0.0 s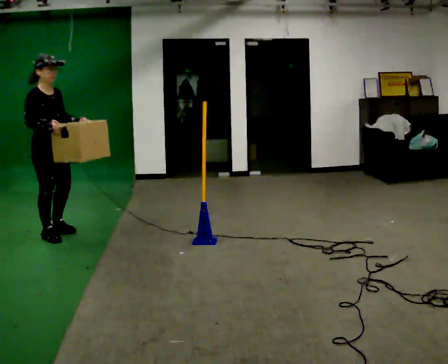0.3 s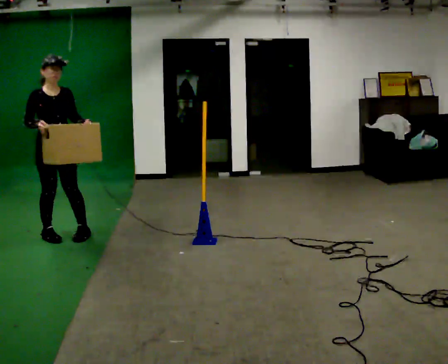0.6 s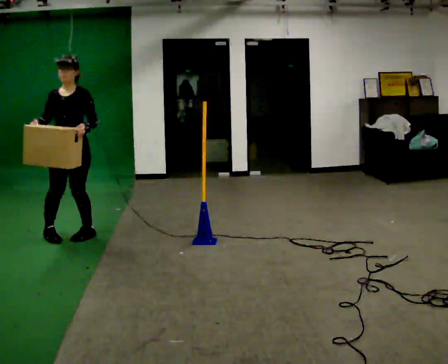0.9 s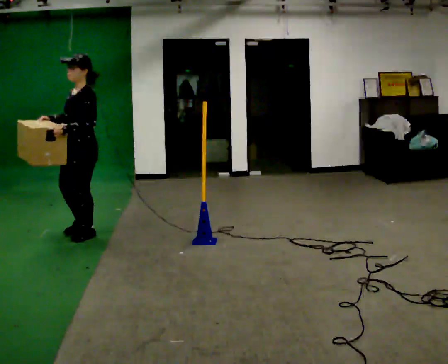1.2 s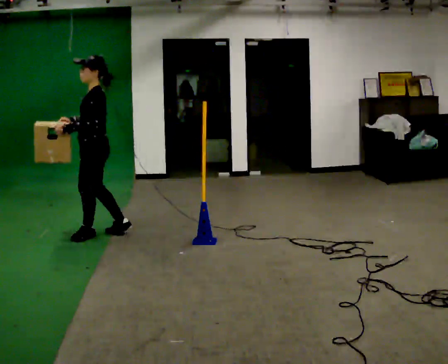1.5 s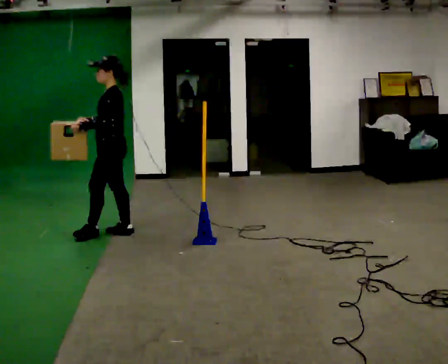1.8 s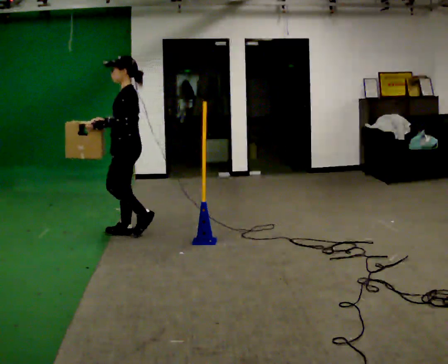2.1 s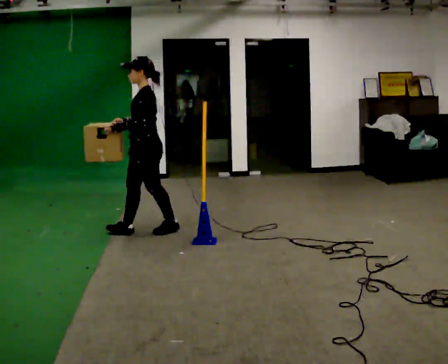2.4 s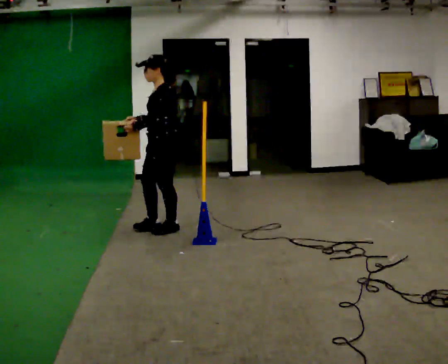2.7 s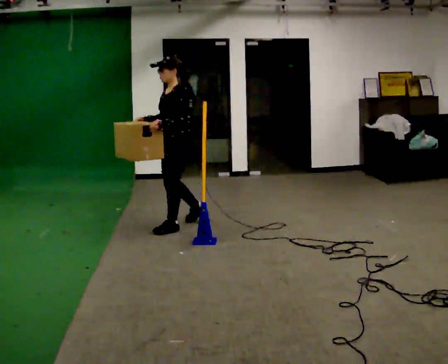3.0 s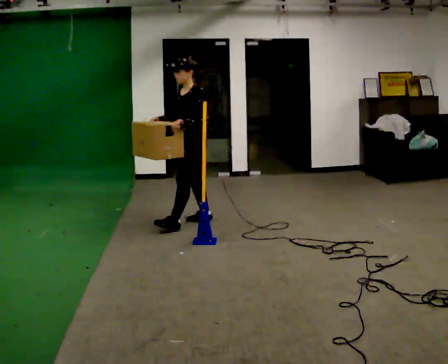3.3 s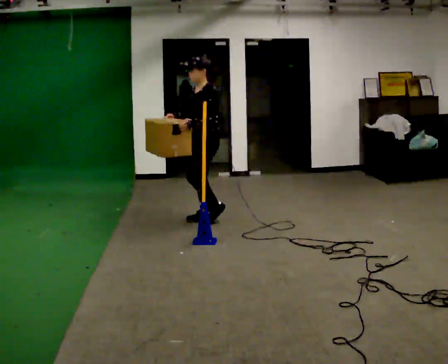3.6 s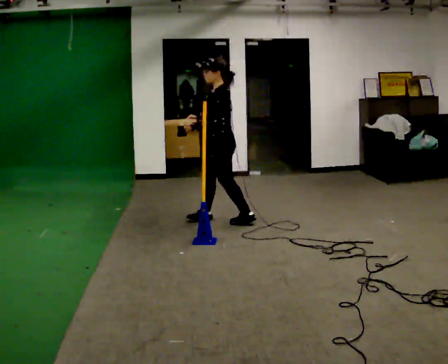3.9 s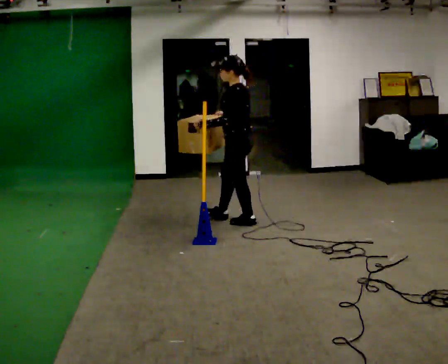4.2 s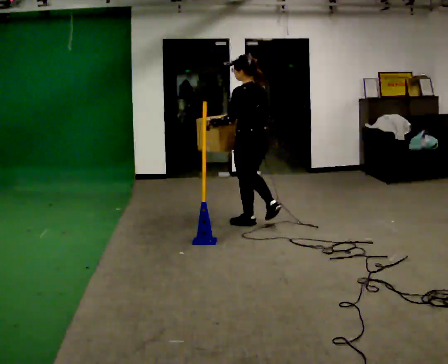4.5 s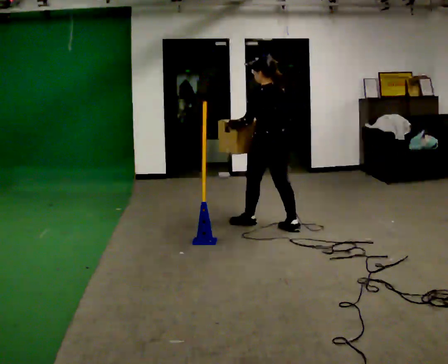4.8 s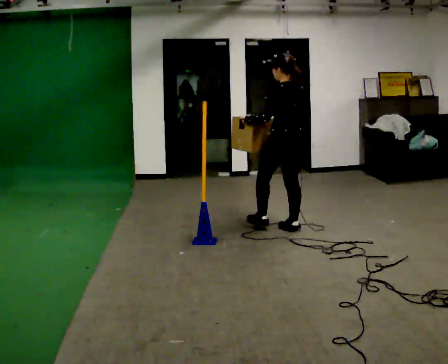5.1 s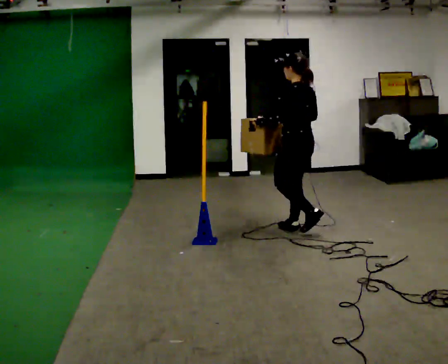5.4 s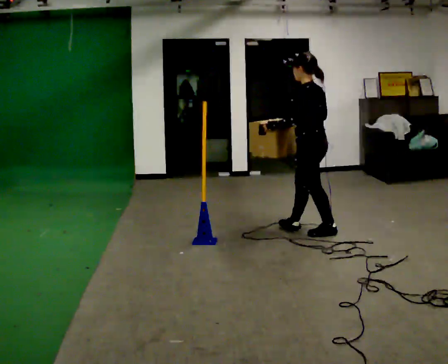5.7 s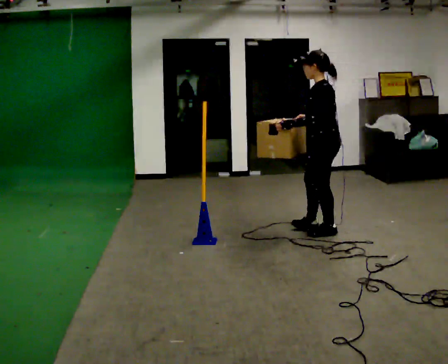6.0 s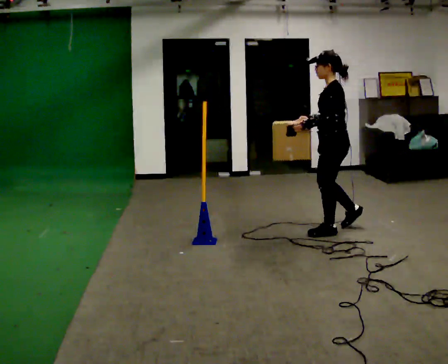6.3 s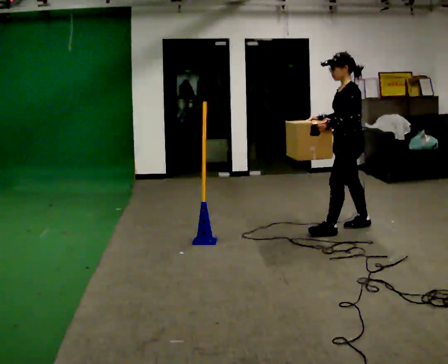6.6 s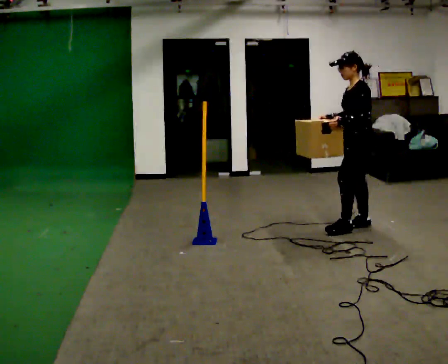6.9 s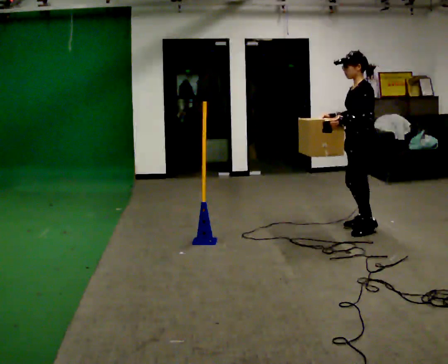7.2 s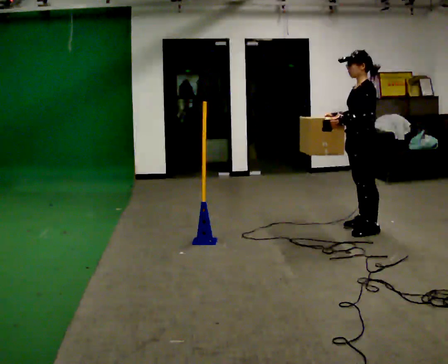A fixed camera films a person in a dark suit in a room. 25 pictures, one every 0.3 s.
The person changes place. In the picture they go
to the right.
0.0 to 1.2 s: The person turns about 135 degrees to their right, clockwise seen from above, so the part of the body nearest the lens slides to the left. In the picture they go to the right, about 0.5 m in 1 step.
1.2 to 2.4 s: In the picture they go to the right, about 0.5 m in 2 steps, which for them is backward.
2.4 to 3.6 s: In the picture they go to the right and away from the camera, about 0.5 m in 1 step, which for them is backward.
3.6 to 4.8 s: The person turns about 60 degrees to their right, clockwise seen from above, so the part of the body nearest the lens slides to the left. In the picture they go to the right and toward the camera, about 0.75 m in 2 steps.
4.8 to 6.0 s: The part of the body nearest the lens slides to the right as the person turns to their left by about 45 degrees. In the picture they go to the right and toward the camera, about 0.5 m in 1 step, which for them is backward.
6.0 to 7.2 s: In the picture they go to the right, about 0.25 m in 1 step, which for them is backward.
The film runs backward here.
